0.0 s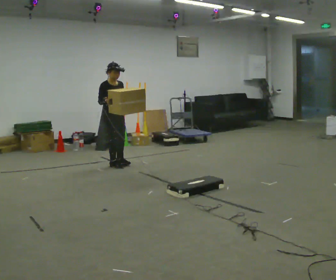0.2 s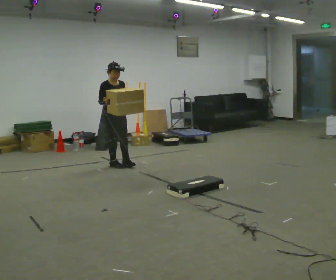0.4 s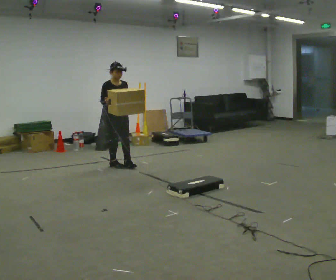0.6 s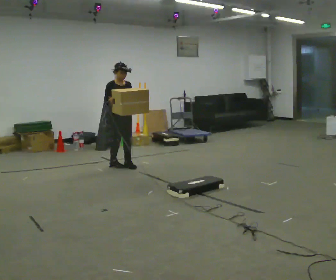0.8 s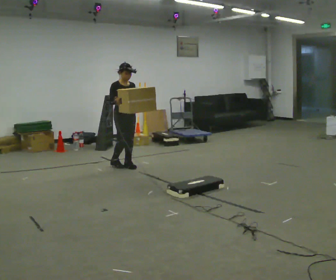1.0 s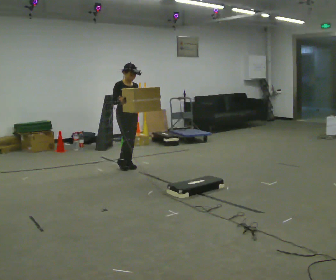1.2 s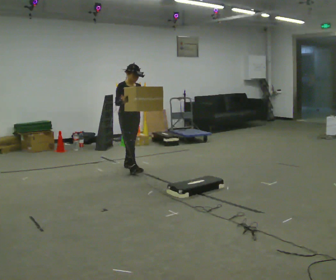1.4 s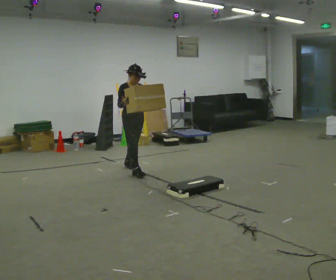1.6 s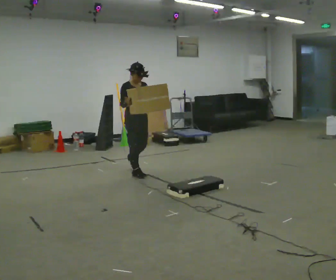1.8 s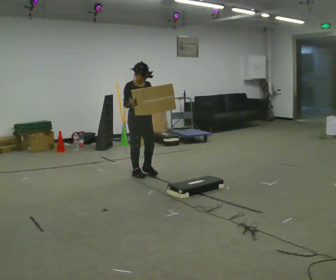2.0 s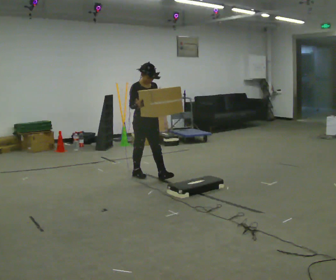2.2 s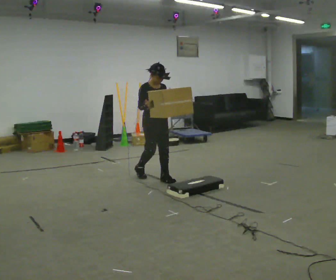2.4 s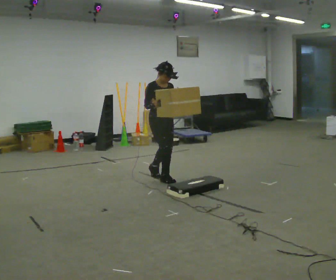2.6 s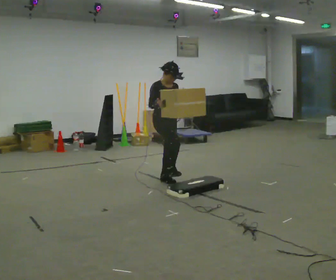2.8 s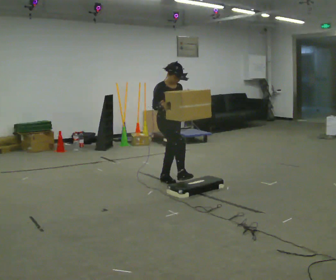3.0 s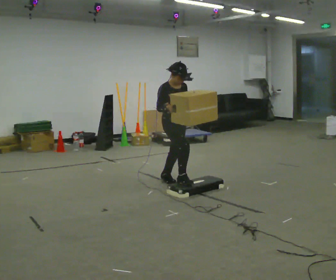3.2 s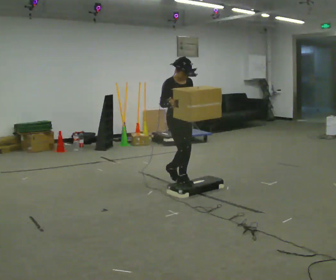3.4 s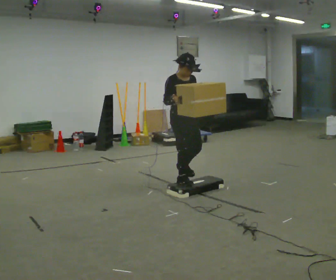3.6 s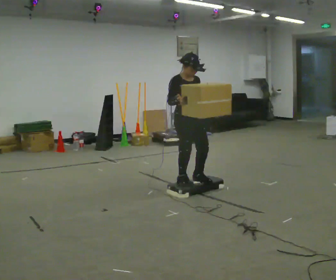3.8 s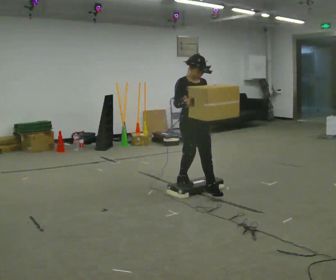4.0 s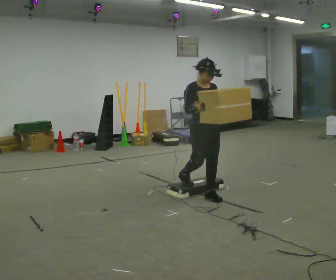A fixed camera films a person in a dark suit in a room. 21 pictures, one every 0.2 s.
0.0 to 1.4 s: In the picture they go toward the camera and to the right, about 0.5 m in 2 steps, which for them is forward.
1.4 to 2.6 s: In the picture they go toward the camera and to the right, about 0.75 m in 1 step, which for them is forward.
2.6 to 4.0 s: In the picture they go toward the camera and to the right, about 1 m in 2 steps, which for them is forward.
The film runs forward here.
